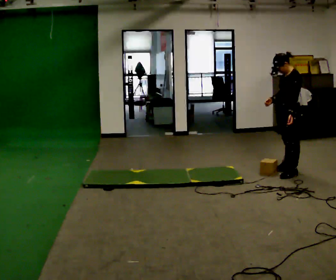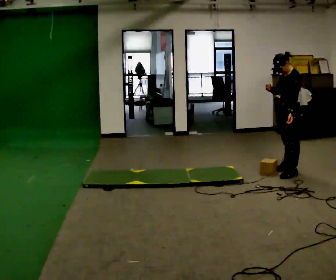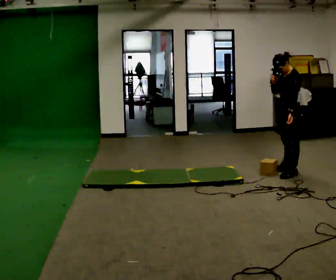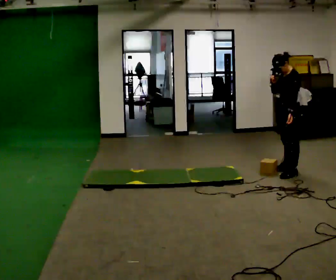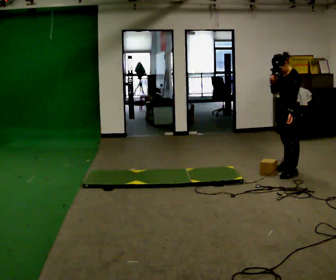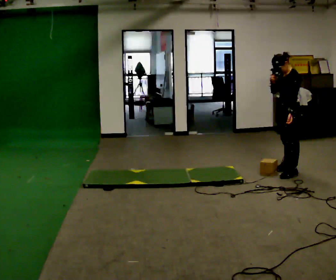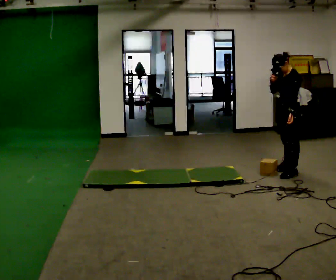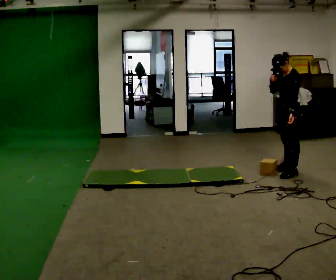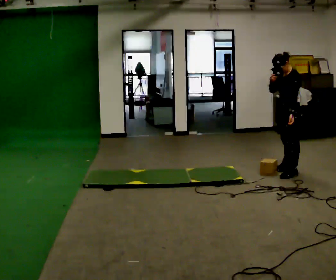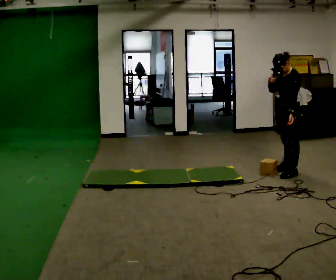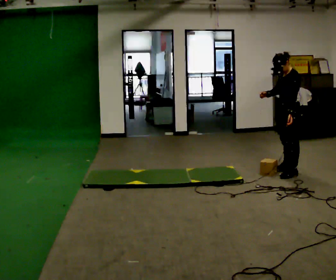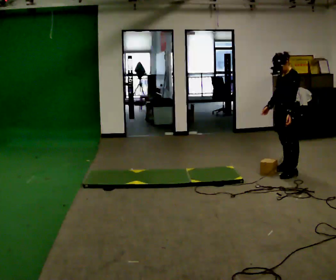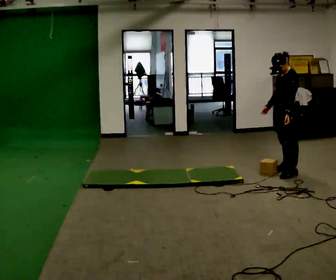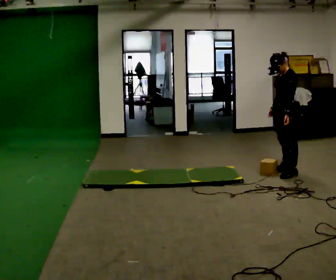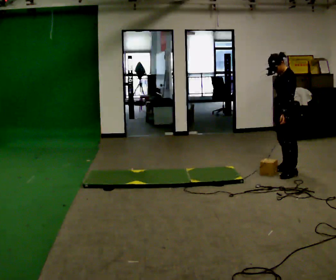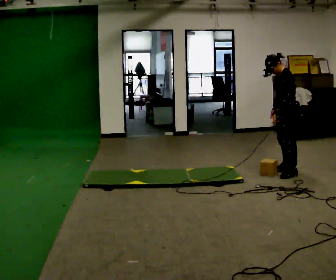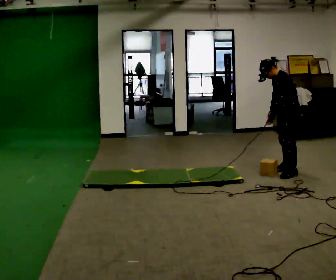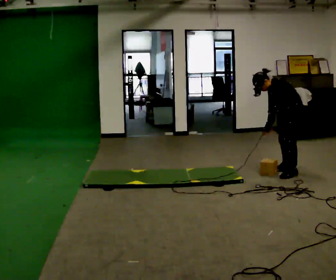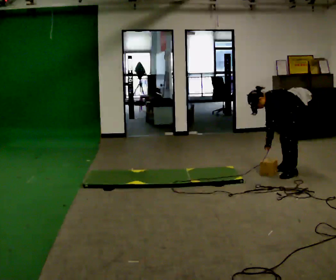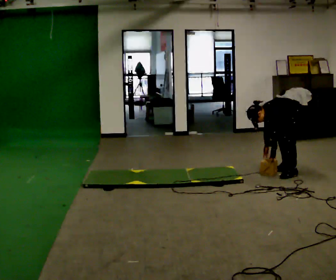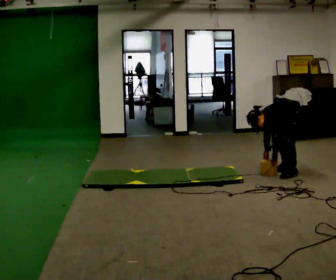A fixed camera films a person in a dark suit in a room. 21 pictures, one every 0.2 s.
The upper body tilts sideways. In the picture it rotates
counterclockwise.
Their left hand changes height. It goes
downward.
0.0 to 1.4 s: The person moves a little, or ends about where they began.
1.4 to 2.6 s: In the picture their right hand goes downward.
2.6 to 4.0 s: The shoulders move downward. In the picture the upper body tilts counterclockwise, shoulders to the left, as they bend forward. In the picture their right hand goes downward.
The film runs backward here.
